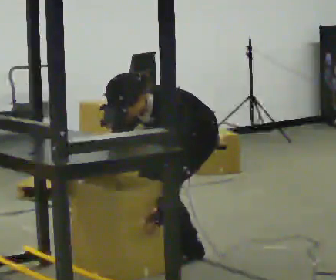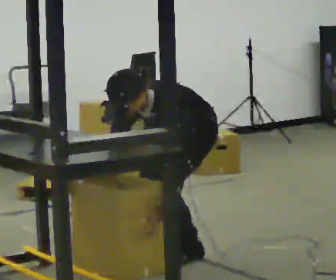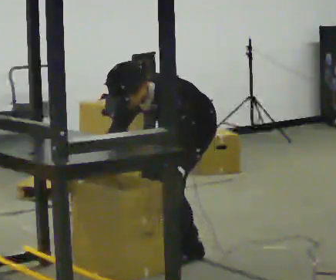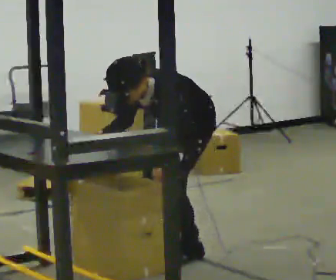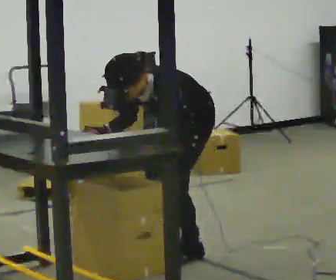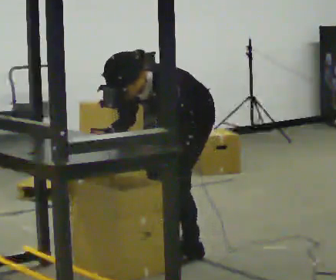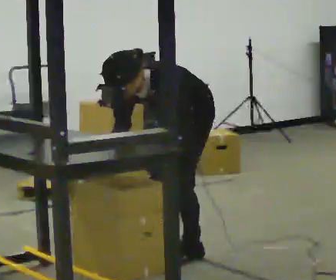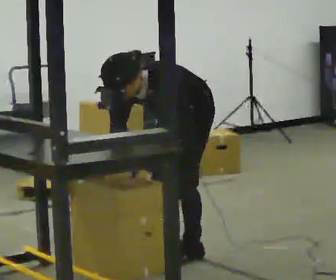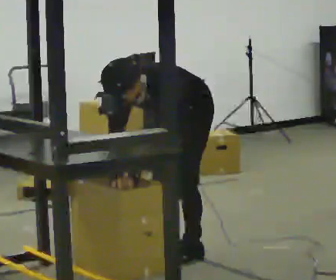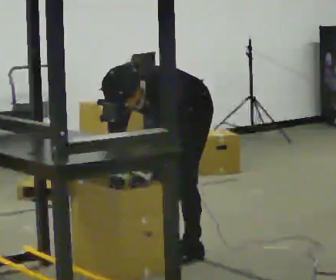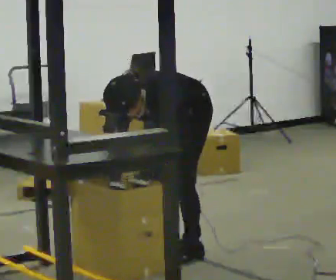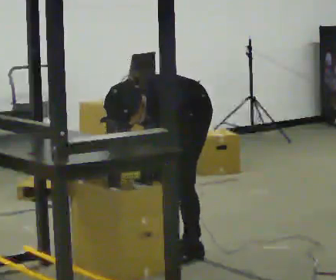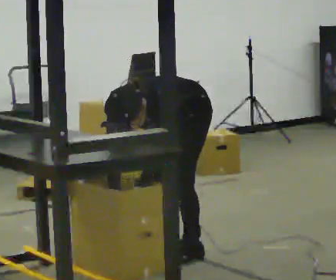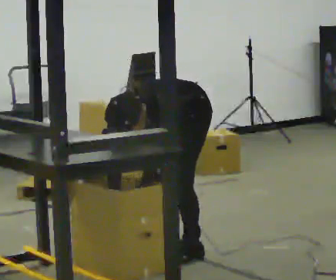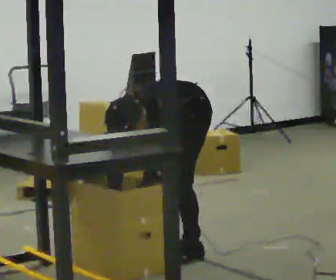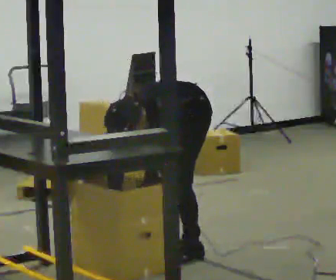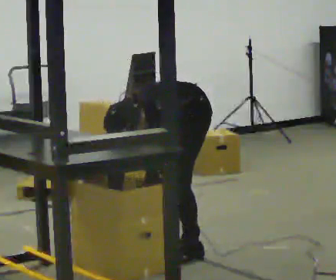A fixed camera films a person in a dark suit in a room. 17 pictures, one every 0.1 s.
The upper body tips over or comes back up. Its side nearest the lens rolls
downward.
0.0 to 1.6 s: The upper body tips toward the camera, its near side rolling downward, as they bend forward.
The film runs forward here.
